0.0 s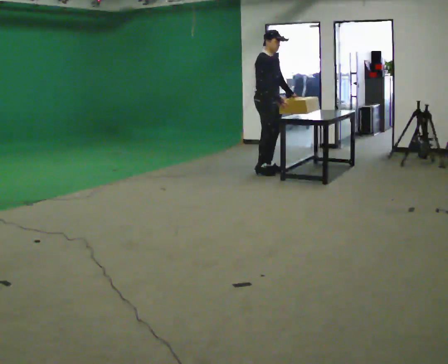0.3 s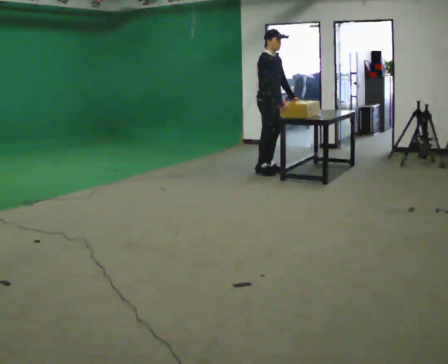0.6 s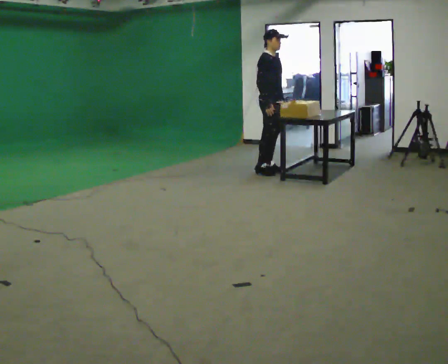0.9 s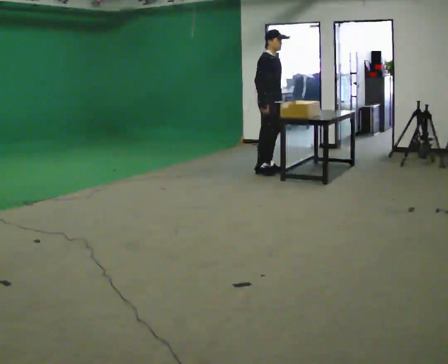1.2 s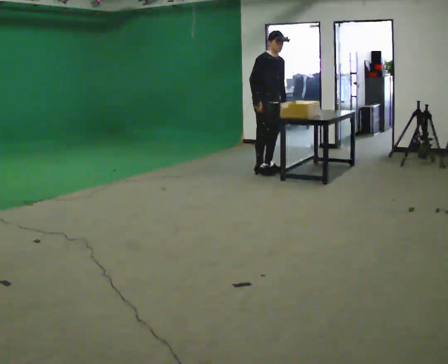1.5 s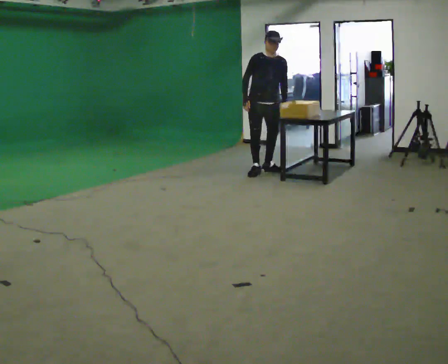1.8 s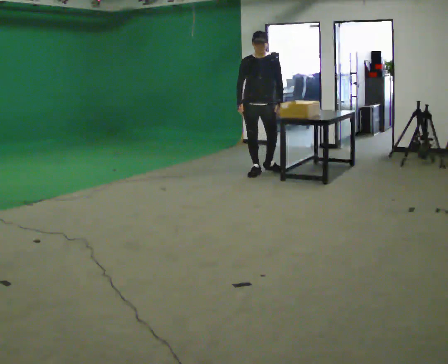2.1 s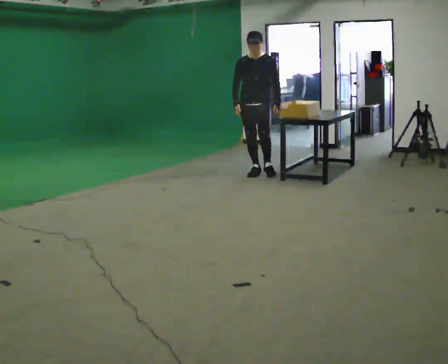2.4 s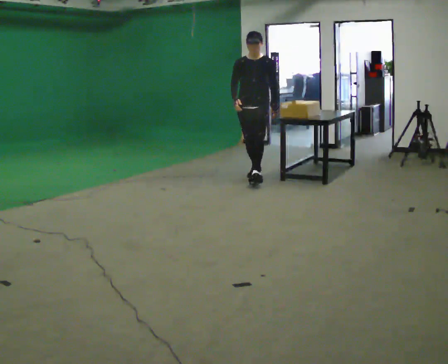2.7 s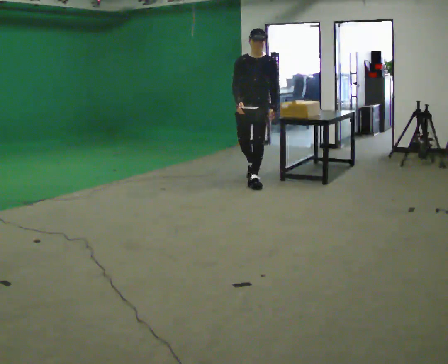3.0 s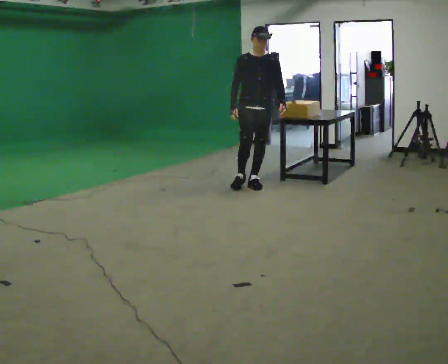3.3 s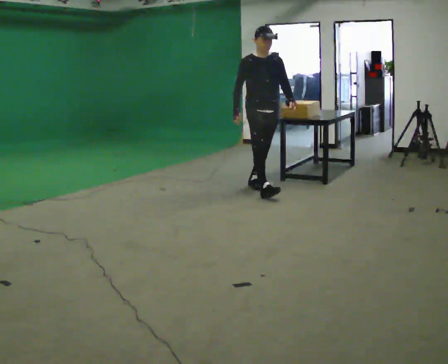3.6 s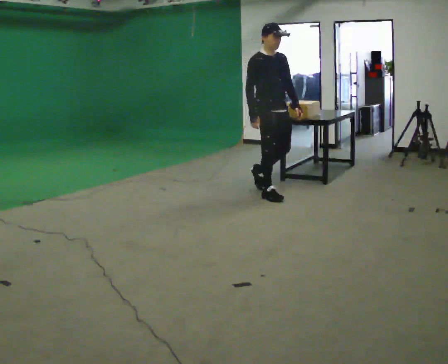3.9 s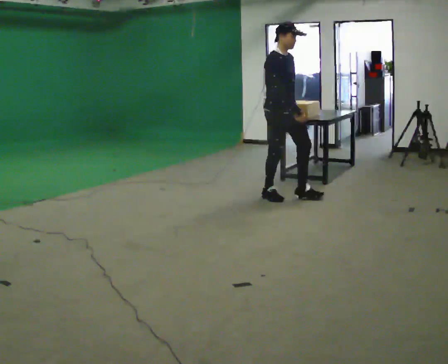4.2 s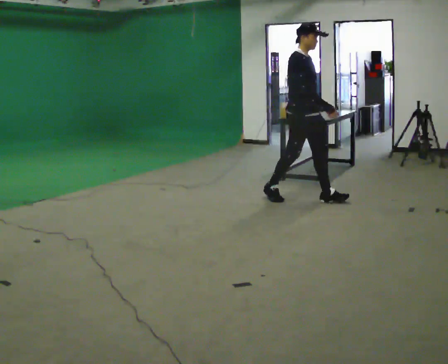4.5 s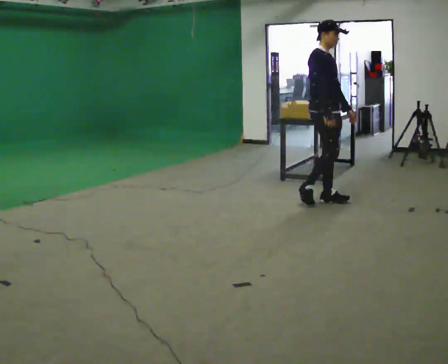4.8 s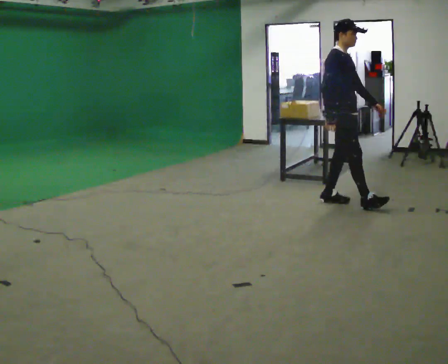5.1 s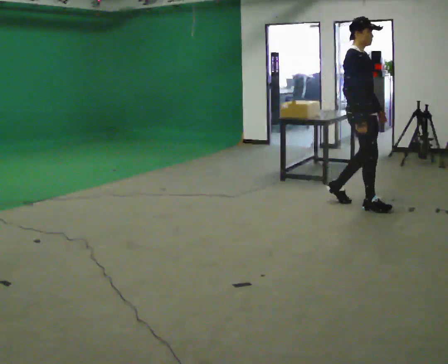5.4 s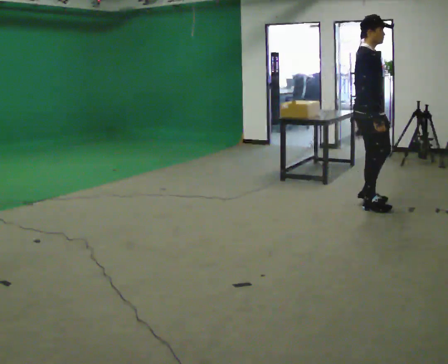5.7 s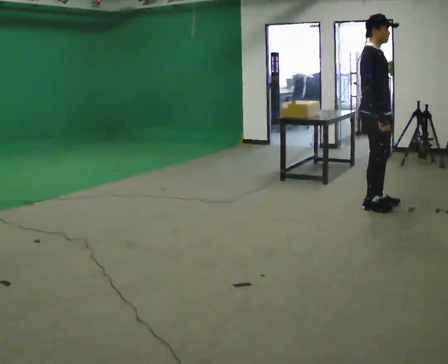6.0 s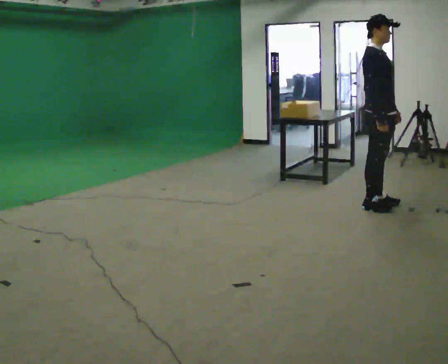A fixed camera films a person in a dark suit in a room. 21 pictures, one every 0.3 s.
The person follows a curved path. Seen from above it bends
counterclockwise.
The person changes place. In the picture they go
toward the camera.
0.0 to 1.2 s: The person moves a little, or ends about where they began.
1.2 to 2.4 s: Seen from above the body turns clockwise, about 60 degrees: to their right, with its near side sliding to the left. In the picture they go toward the camera, about 0.25 m in 1 step, which for them is forward and to their right.
2.4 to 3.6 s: The part of the body nearest the lens slides to the right as the person turns to their left by about 60 degrees. In the picture they go toward the camera, about 1 m in 1 step, which for them is forward.
3.6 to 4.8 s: In the picture they go to the right and toward the camera, about 0.5 m in 1 step, which for them is forward.
4.8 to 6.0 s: In the picture they go to the right and toward the camera, about 0.25 m in 2 steps, which for them is forward.
The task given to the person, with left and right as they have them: Walk forward noticeably slower than normal; do not shuffle; stop.
The film runs forward here.
